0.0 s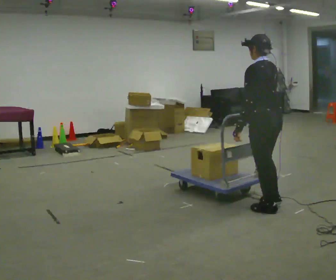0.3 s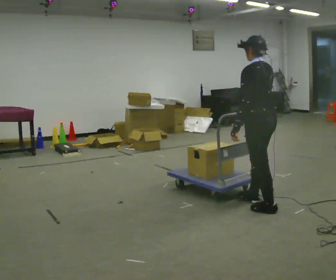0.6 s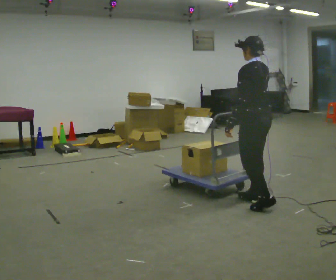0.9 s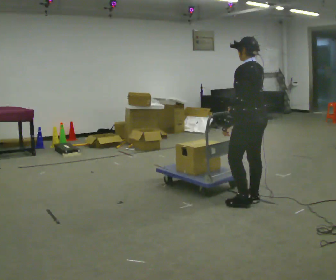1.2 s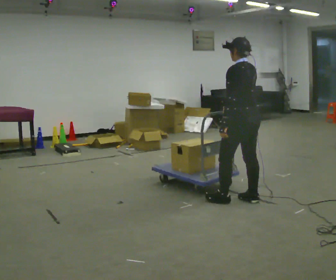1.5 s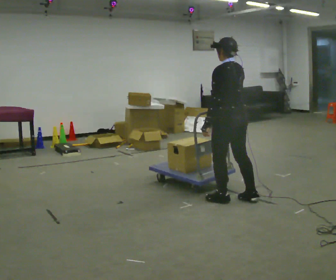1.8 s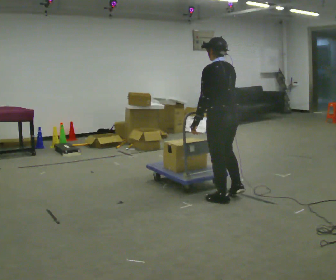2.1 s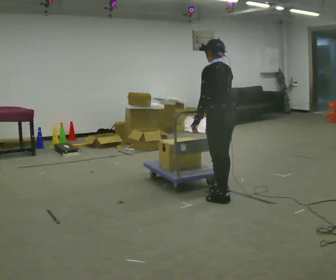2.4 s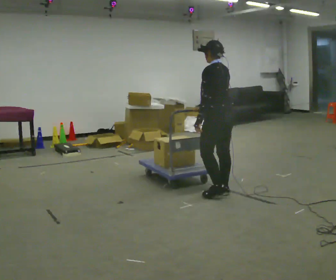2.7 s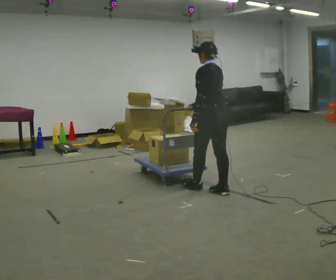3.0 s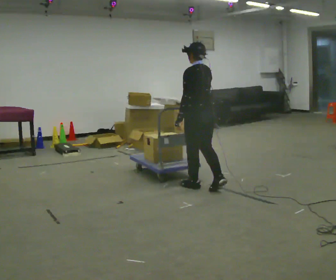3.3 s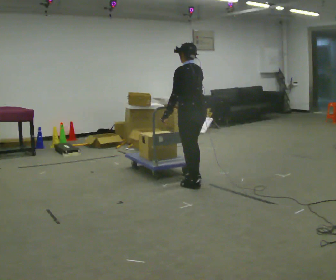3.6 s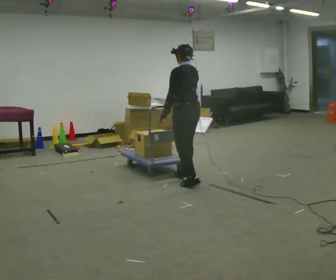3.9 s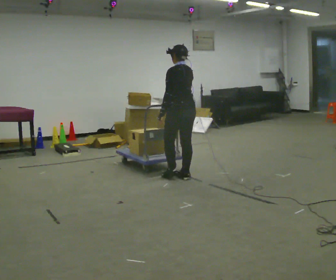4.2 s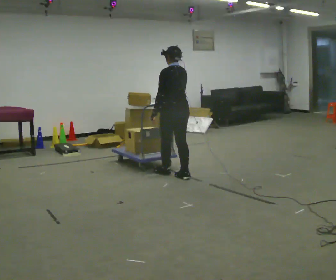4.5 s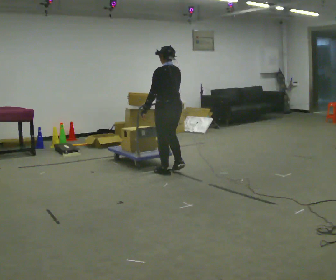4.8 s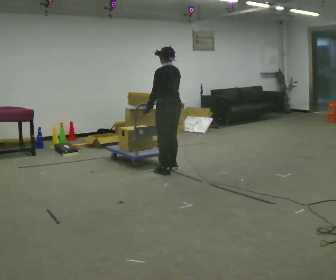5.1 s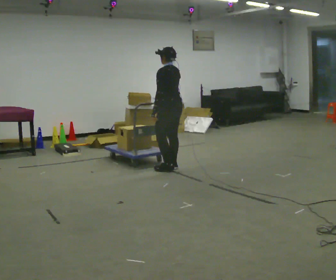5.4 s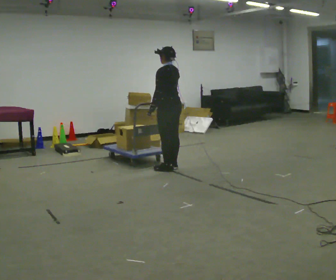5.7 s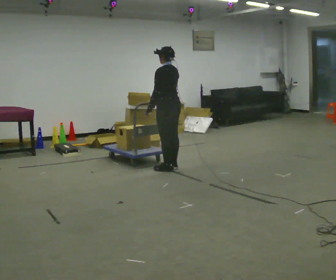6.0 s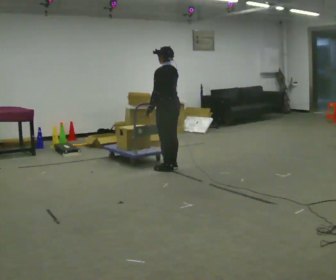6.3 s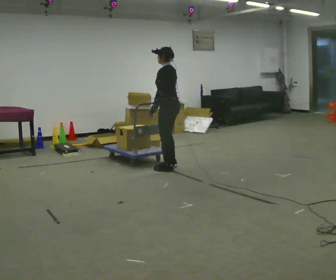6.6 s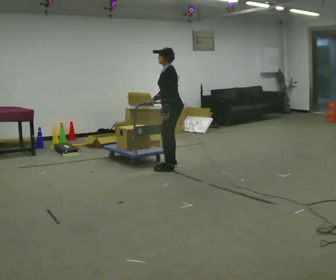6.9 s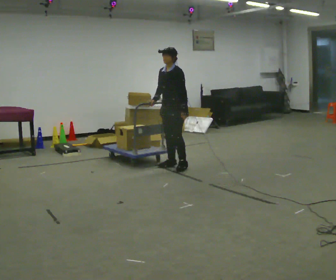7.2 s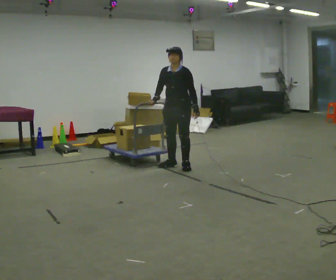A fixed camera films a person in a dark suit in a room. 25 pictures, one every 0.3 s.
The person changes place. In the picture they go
away from the camera.
0.0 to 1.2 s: In the picture they go away from the camera and to the left, about 0.25 m in 2 steps, which for them is forward.
1.2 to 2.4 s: In the picture they go away from the camera and to the left, about 0.25 m in 1 step, which for them is forward.
2.4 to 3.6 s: In the picture they go away from the camera and to the left, about 0.5 m in 2 steps, which for them is forward.
3.6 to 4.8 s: In the picture they go away from the camera and to the left, about 0.5 m in 2 steps, which for them is forward.
4.8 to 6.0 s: The person moves a little, or ends about where they began.
6.0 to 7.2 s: The person turns about 90 degrees to their left, counterclockwise seen from above, so the part of the body nearest the lens slides to the right. In the picture their left hand goes to the right, the arm swinging counterclockwise.
The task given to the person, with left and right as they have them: Push the cart across the room using only the hand the operator calls. Keep your other arm at your side.
The film runs forward here.
